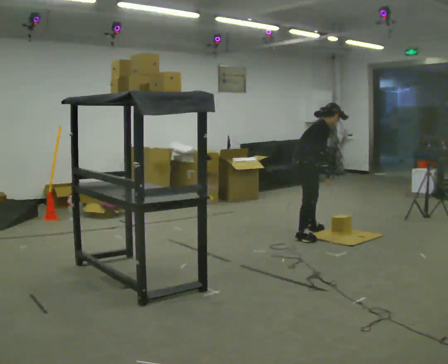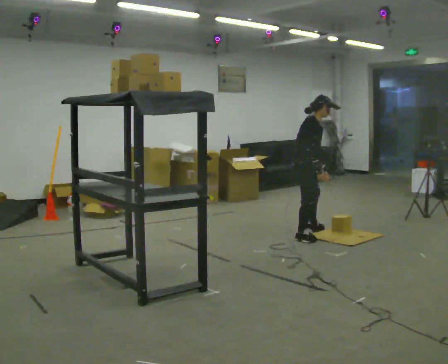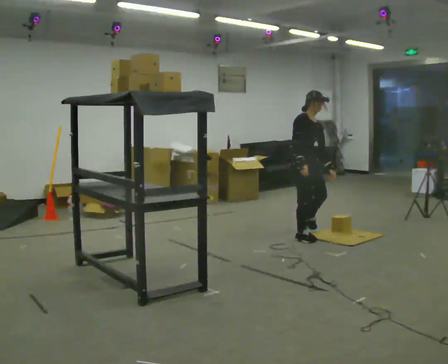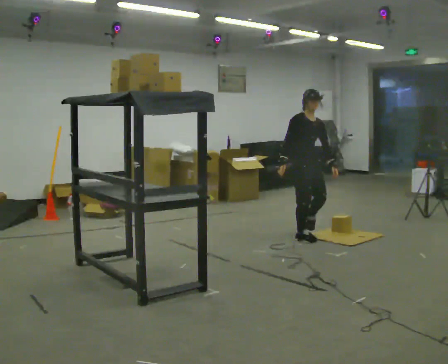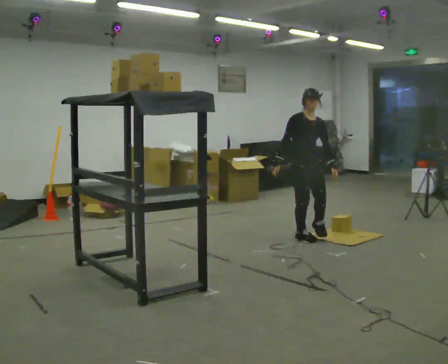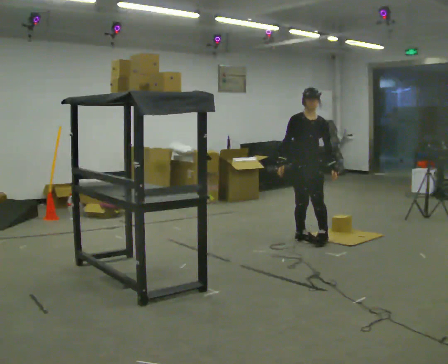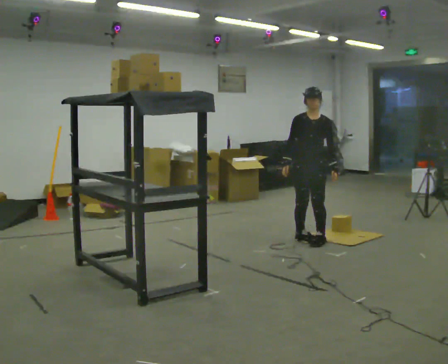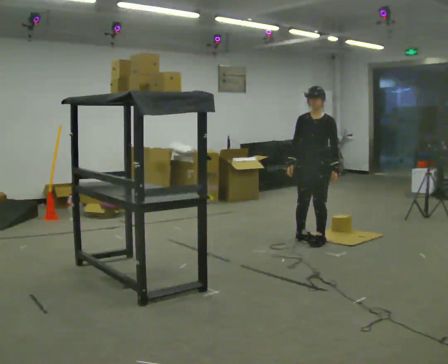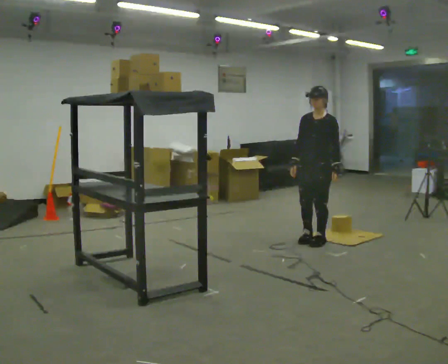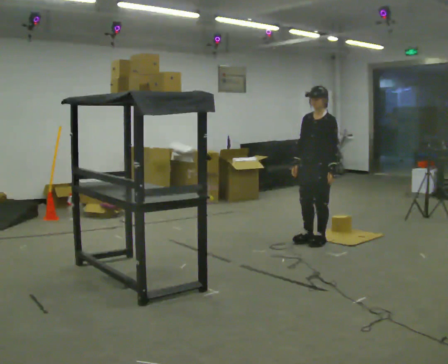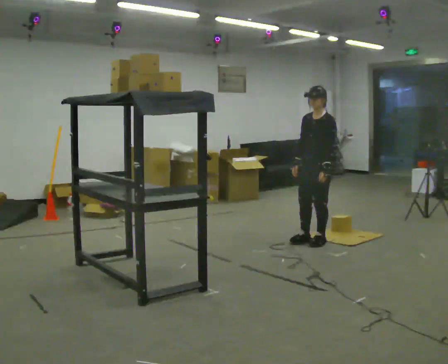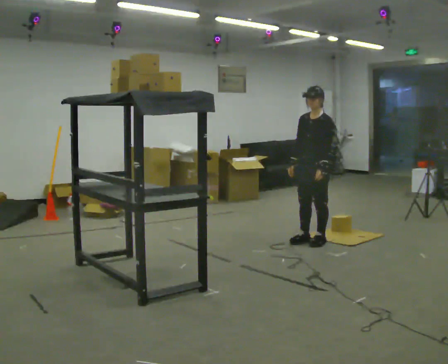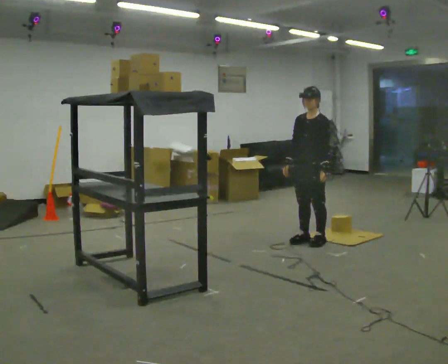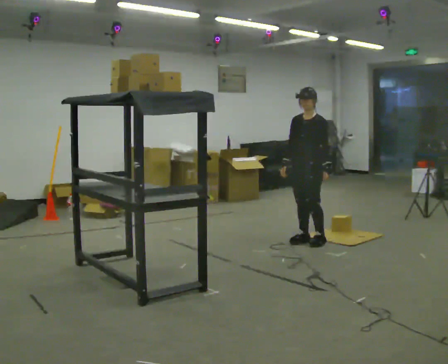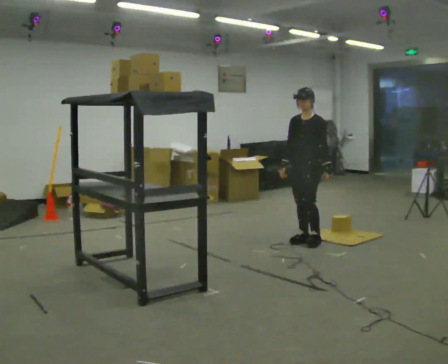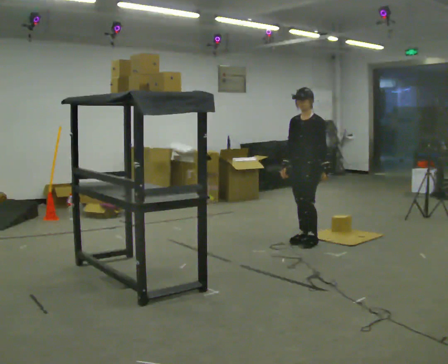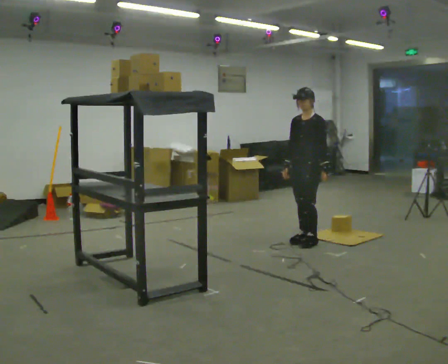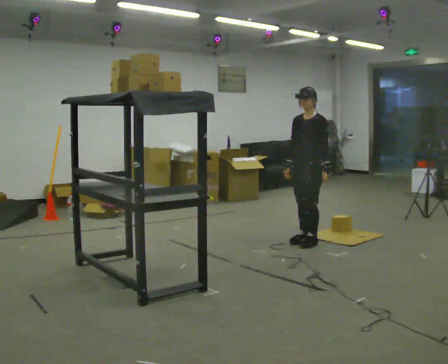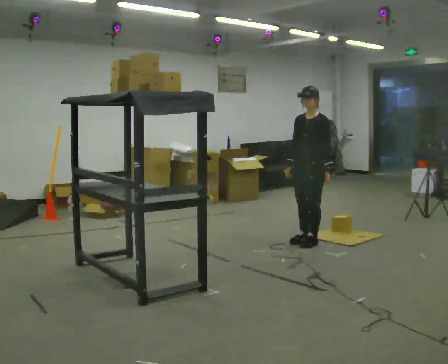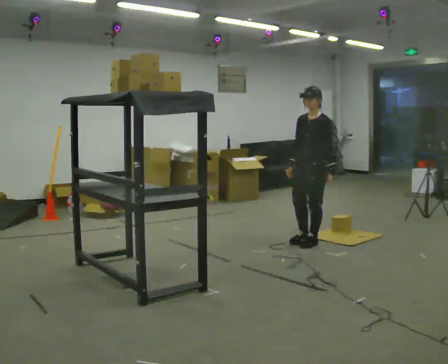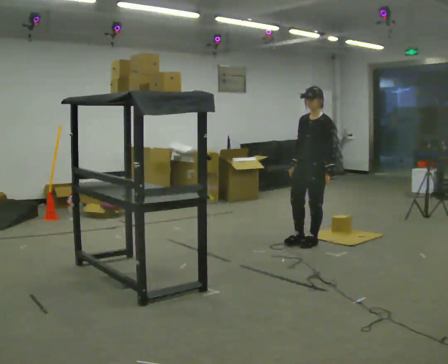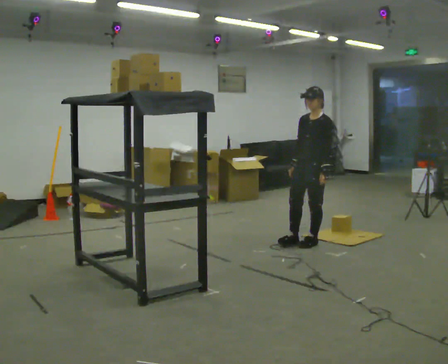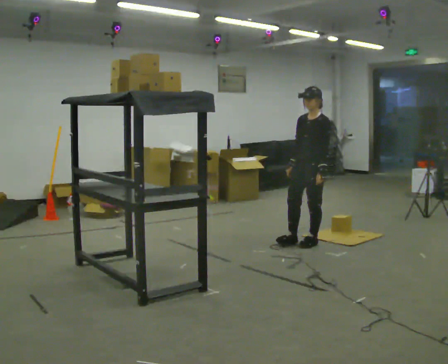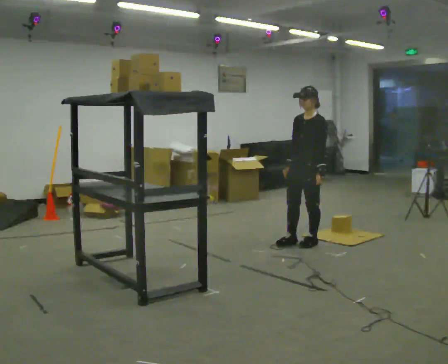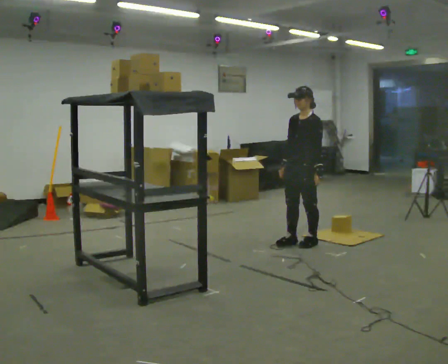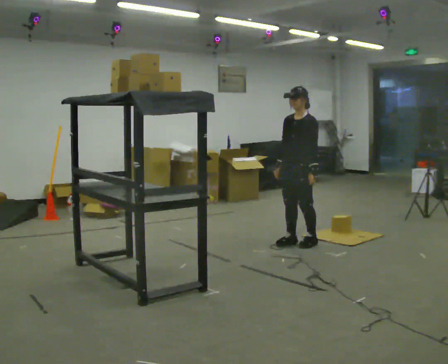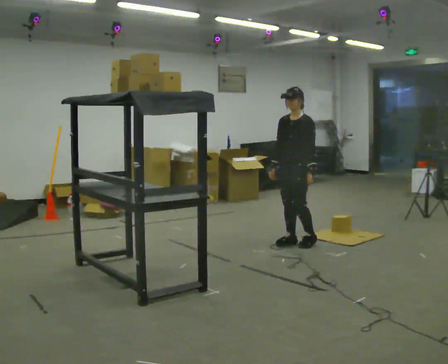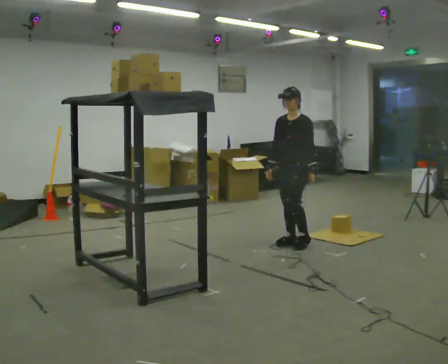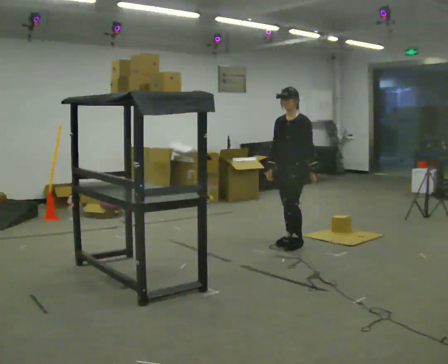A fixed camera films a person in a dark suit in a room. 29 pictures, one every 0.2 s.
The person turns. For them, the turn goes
to their right.
The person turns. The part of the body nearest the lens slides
to the left.
0.0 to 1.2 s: The part of the body nearest the lens slides to the left as the person turns to their right by about 105 degrees. In the picture they go toward the camera, about 0.25 m in 1 step. In the picture the upper body tilts counterclockwise, shoulders to the left, as they lean back or straighten.
1.2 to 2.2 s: Seen from above the body turns clockwise, about 30 degrees: to their right, with its near side sliding to the left.
2.2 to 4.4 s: The person moves a little, or ends about where they began.
4.4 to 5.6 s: In the picture they go to the left, about 0.25 m in 1 step, which for them is to their right.
The film runs forward here.
